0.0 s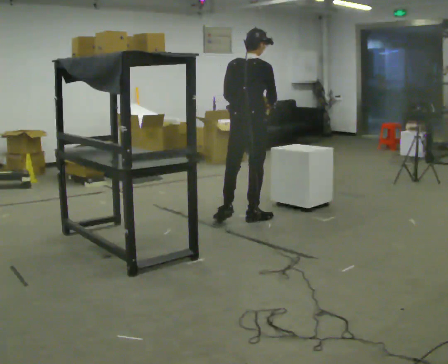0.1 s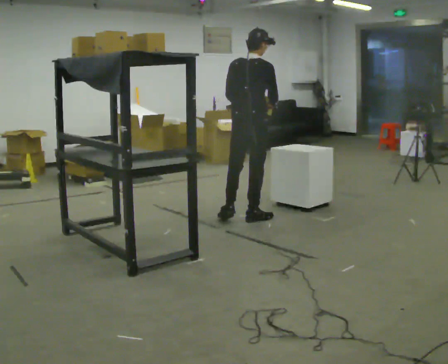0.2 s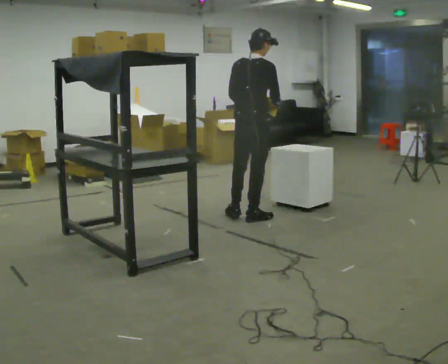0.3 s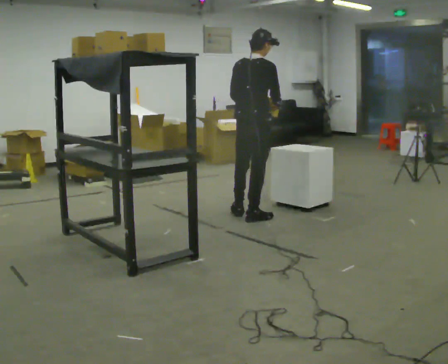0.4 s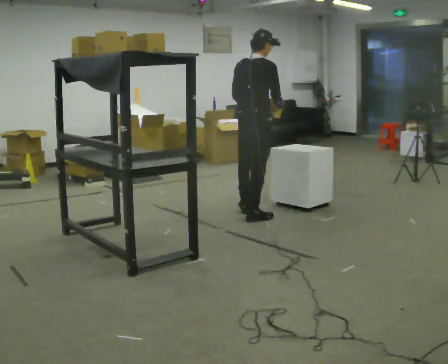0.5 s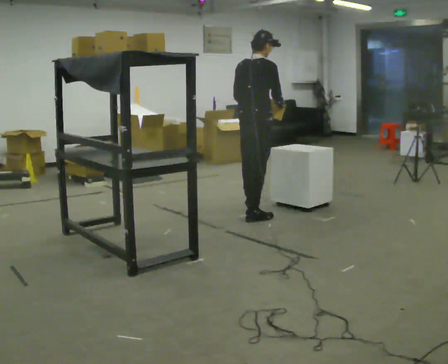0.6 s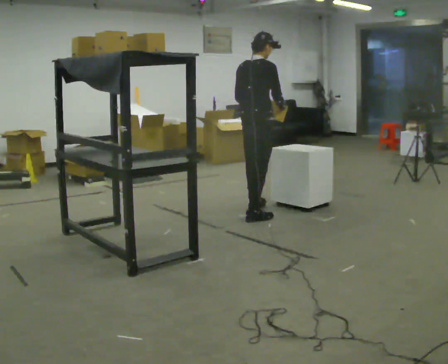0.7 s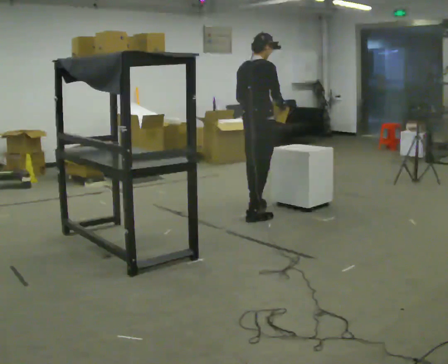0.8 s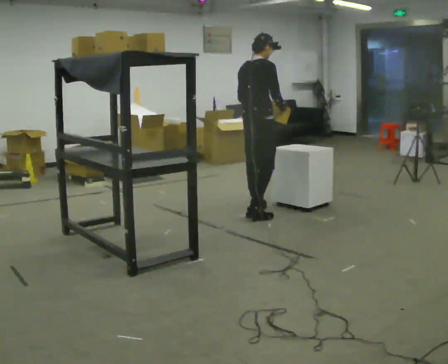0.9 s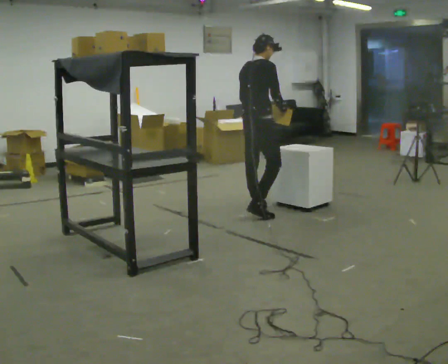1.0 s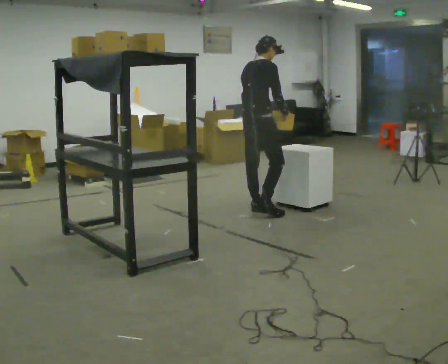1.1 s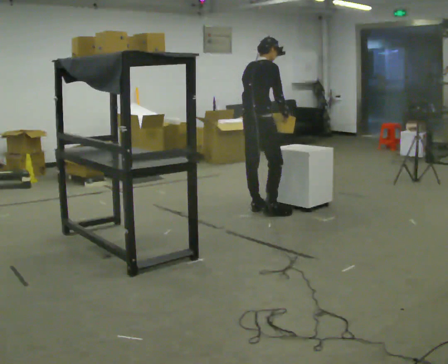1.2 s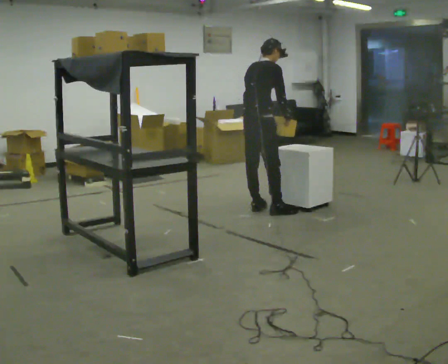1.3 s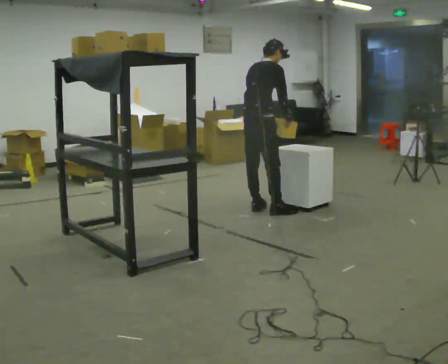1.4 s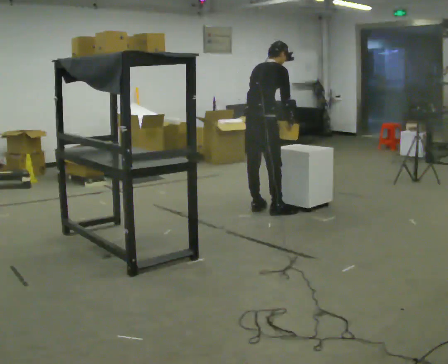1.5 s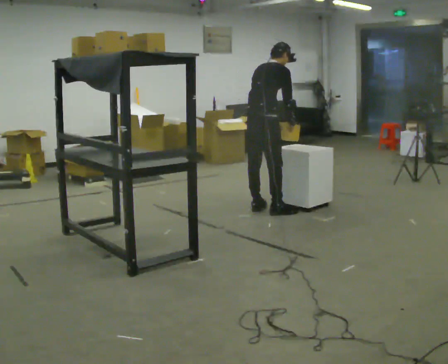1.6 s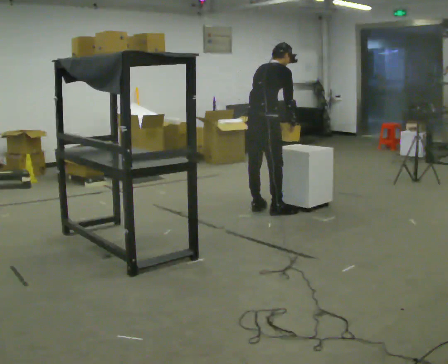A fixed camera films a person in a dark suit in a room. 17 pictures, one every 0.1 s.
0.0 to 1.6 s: In the picture they go away from the camera, about 0.25 m in 2 steps, which for them is forward and to their left. The upper body tips away from the camera, its near side rolling upward, as they bend forward.
The film runs forward here.
